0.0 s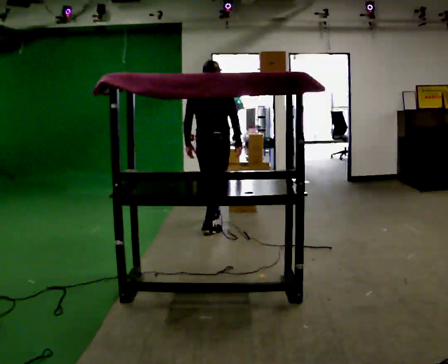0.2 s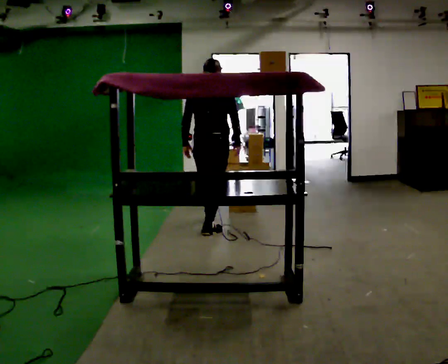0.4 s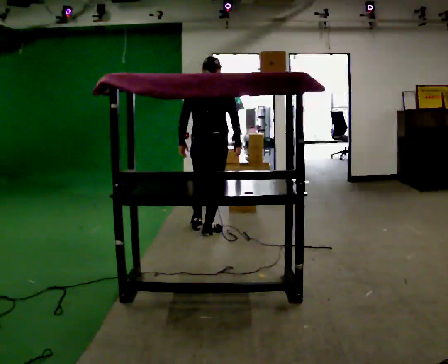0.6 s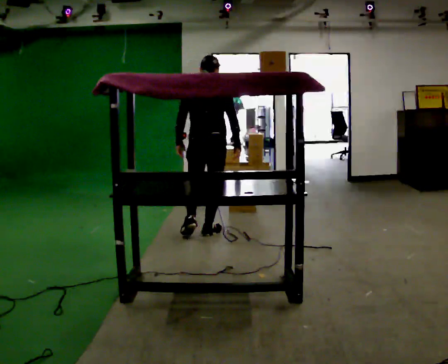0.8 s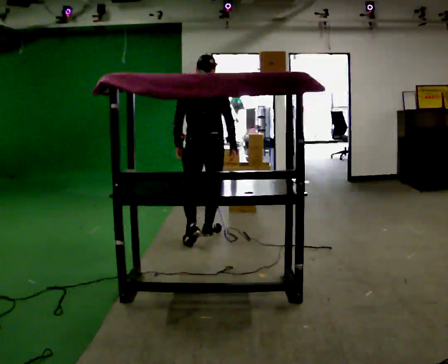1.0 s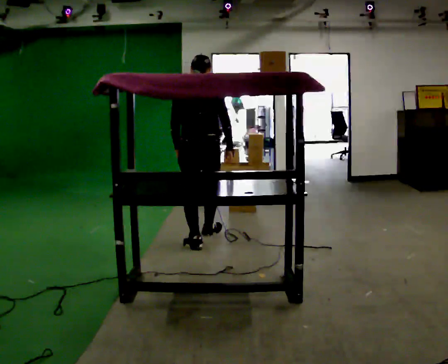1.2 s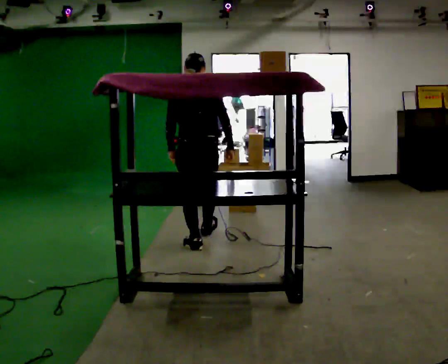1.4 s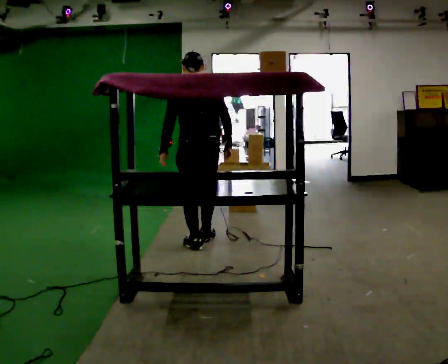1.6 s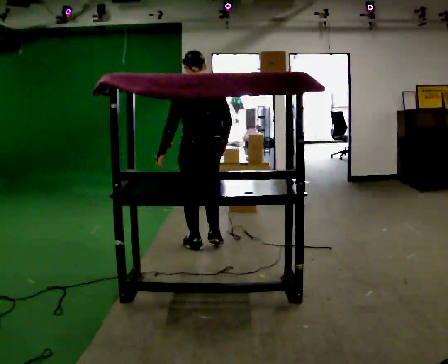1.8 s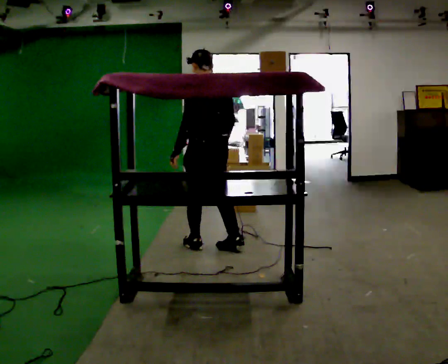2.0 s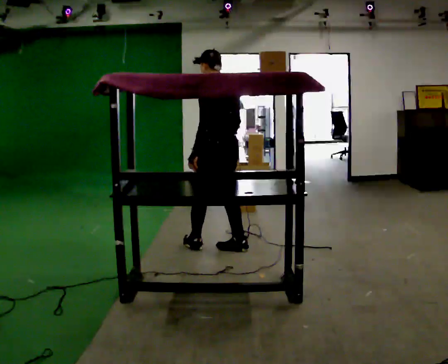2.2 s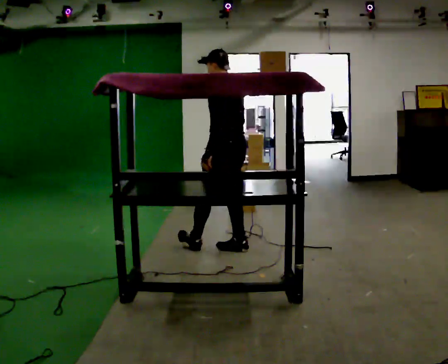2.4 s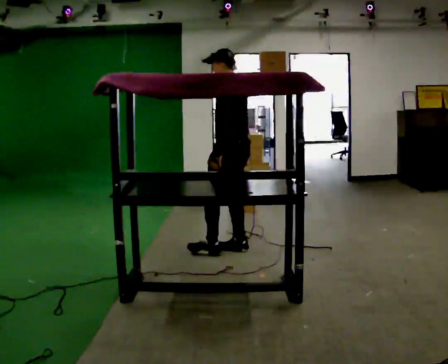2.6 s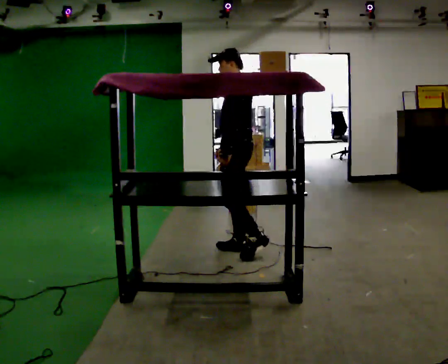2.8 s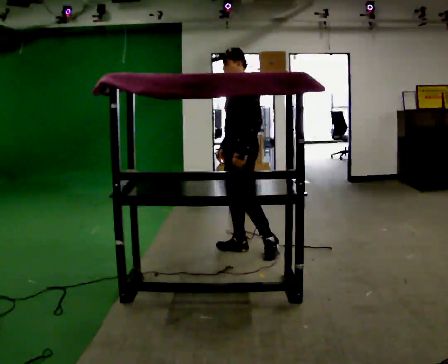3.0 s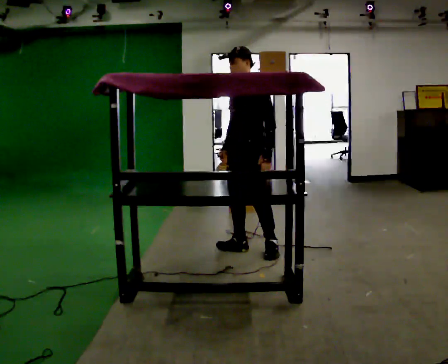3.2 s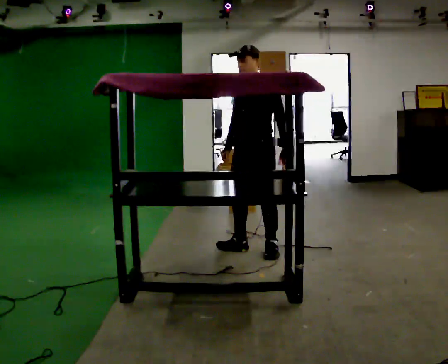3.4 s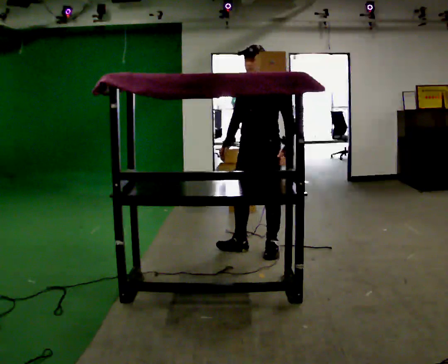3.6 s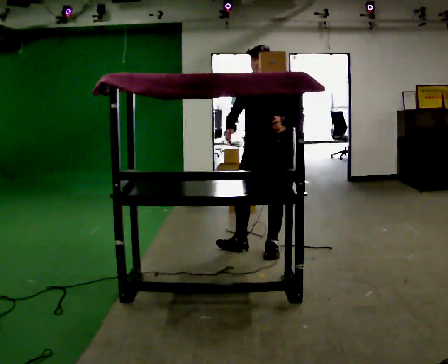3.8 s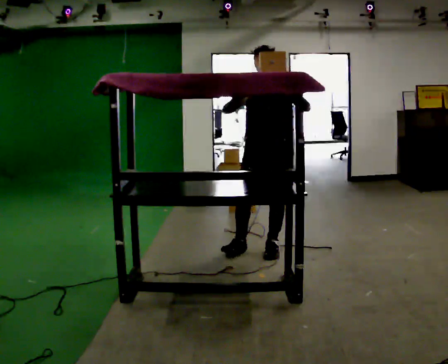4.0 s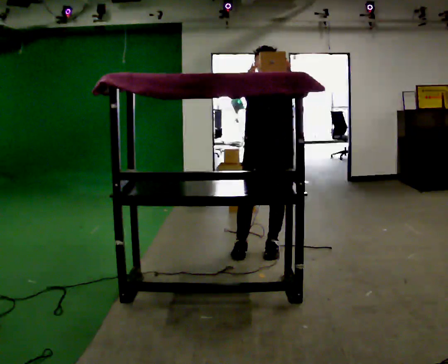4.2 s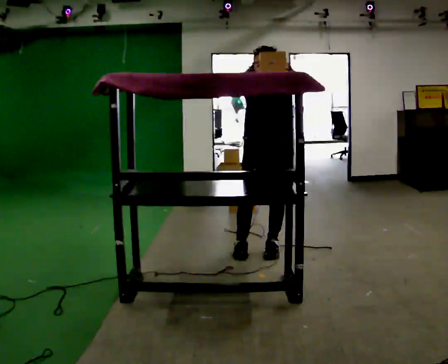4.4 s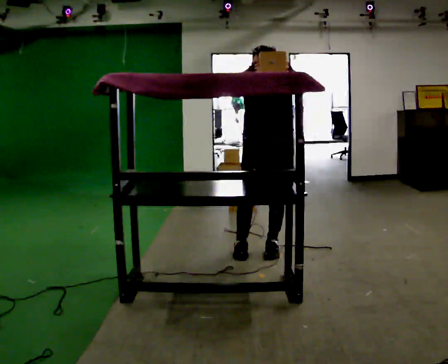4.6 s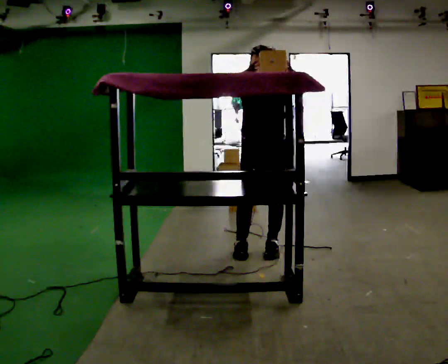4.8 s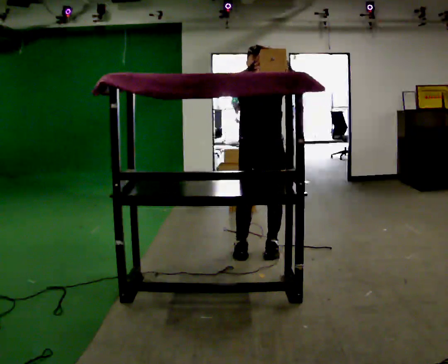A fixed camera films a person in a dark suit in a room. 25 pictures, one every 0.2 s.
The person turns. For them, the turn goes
to their left.
The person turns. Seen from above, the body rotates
counterclockwise.
0.0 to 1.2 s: Seen from above the body turns counterclockwise, about 30 degrees: to their left, with its near side sliding to the right. In the picture they go toward the camera, about 0.5 m in 2 steps, which for them is backward.
1.2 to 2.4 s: The part of the body nearest the lens slides to the right as the person turns to their left by about 60 degrees. In the picture they go to the right and toward the camera, about 0.25 m in 1 step, which for them is backward and to their right.
2.4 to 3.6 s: Seen from above the body turns counterclockwise, about 75 degrees: to their left, with its near side sliding to the right. In the picture they go to the right, about 0.25 m.
3.6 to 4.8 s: The person turns about 30 degrees to their left, counterclockwise seen from above, so the part of the body nearest the lens slides to the right. In the picture their right hand goes upward.
The film runs backward here.
